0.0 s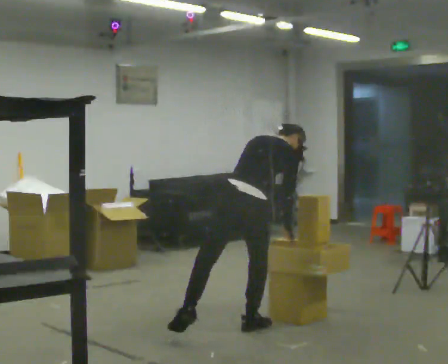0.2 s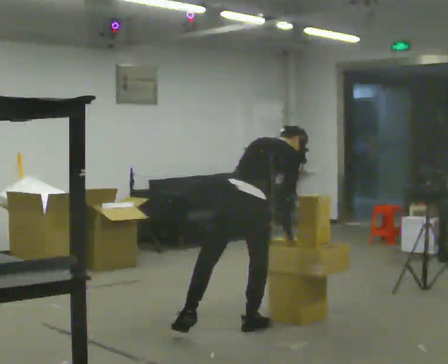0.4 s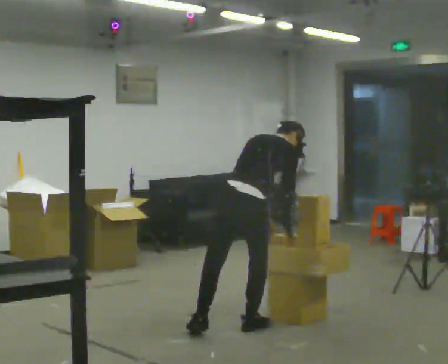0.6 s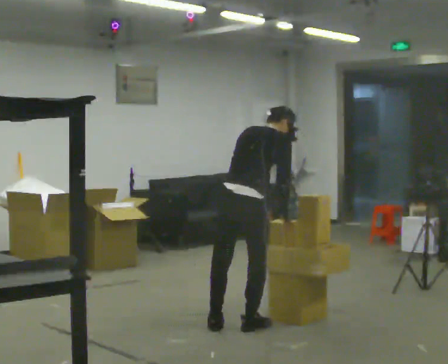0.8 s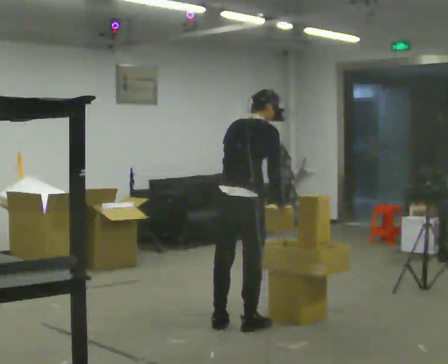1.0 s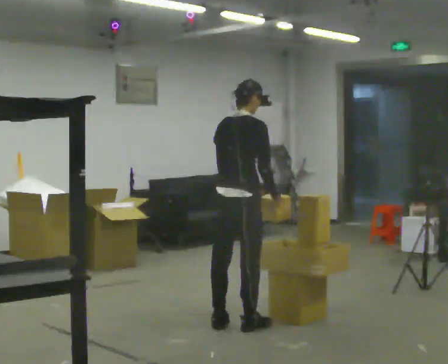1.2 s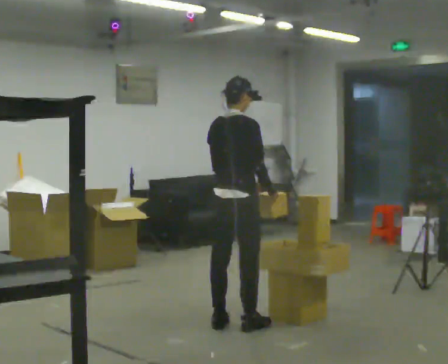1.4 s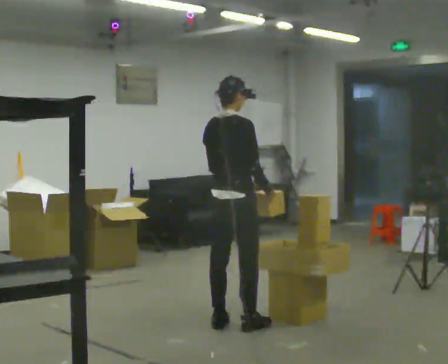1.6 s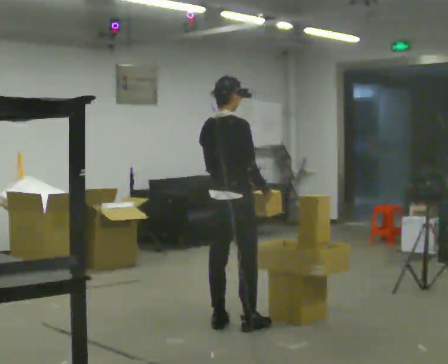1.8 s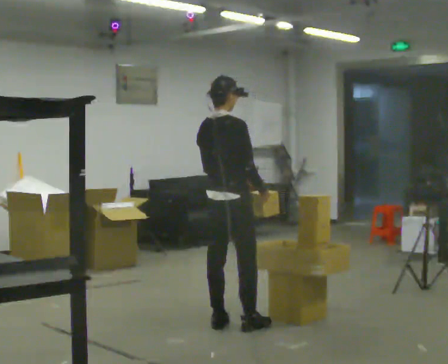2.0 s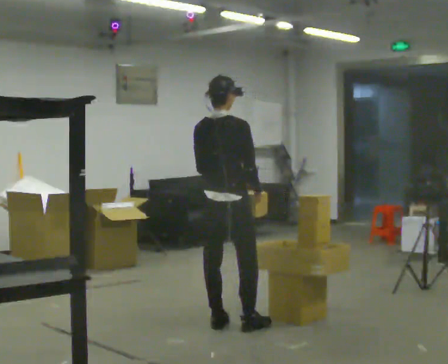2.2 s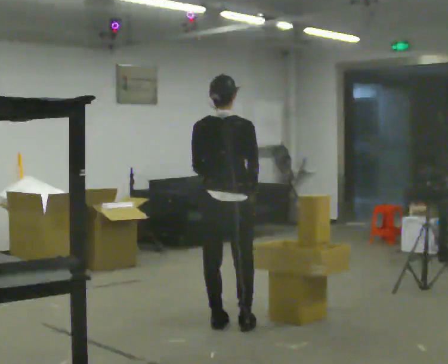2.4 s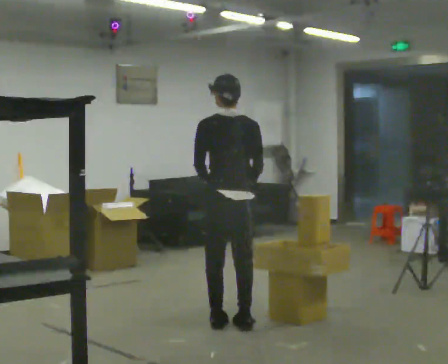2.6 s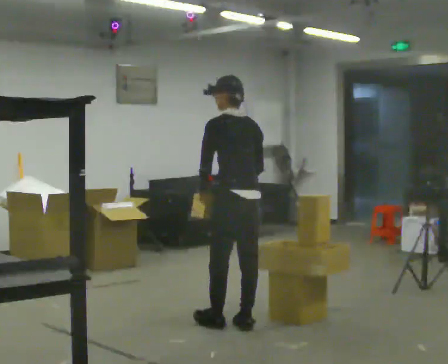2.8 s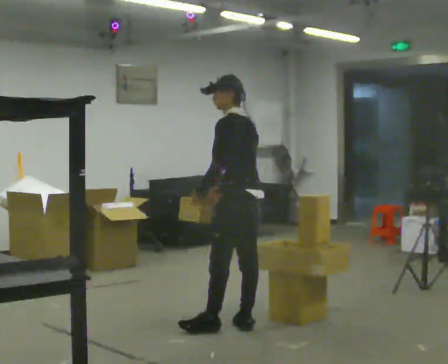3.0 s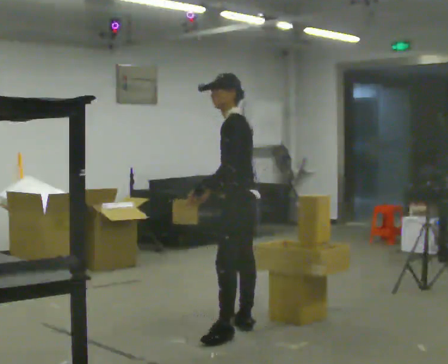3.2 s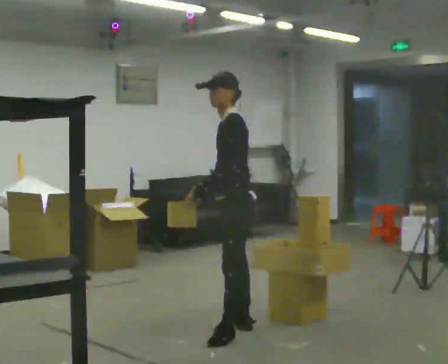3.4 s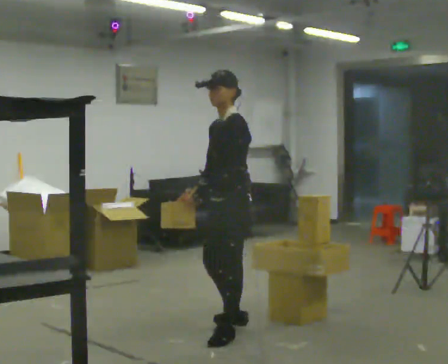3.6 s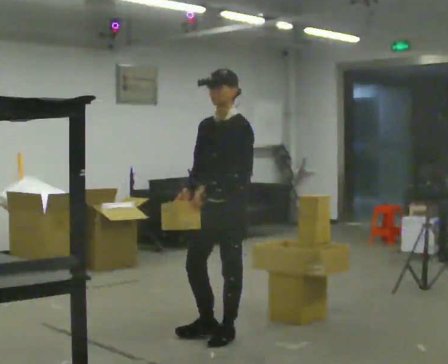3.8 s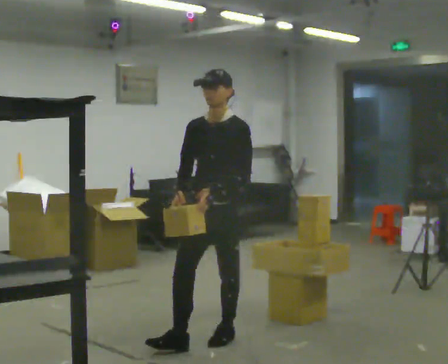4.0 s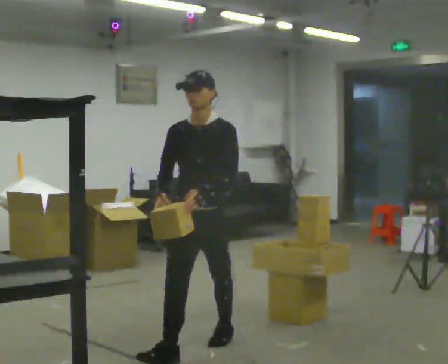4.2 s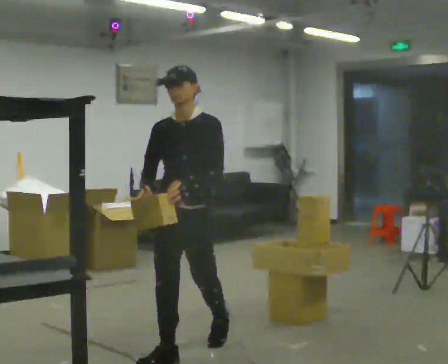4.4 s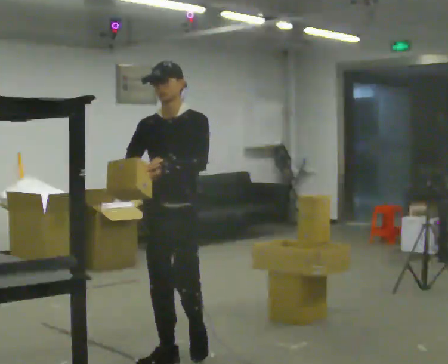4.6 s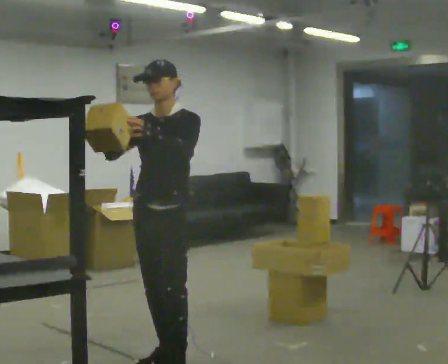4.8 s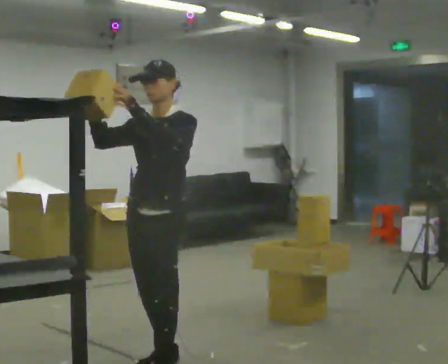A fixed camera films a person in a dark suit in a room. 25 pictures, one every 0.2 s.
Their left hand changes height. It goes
upward.
Their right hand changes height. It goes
upward.
0.0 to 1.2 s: The upper body goes upward. The upper body tips toward the camera, its near side rolling downward, as they lean back or straighten.
1.2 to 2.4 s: The part of the body nearest the lens slides to the right as the person turns to their left by about 60 degrees.
2.4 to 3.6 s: The person turns about 120 degrees to their left, counterclockwise seen from above, so the part of the body nearest the lens slides to the right. In the picture they go toward the camera, about 0.25 m in 1 step.
3.6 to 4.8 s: In the picture they go toward the camera and to the left, about 1 m in 2 steps, which for them is forward. In the picture their right hand goes upward.
The film runs forward here.
